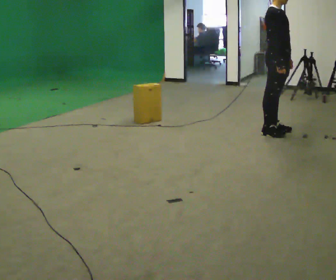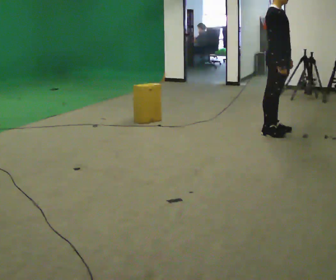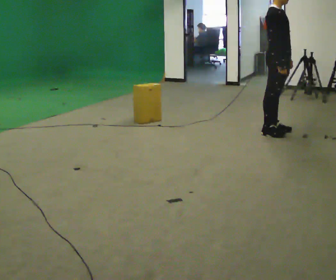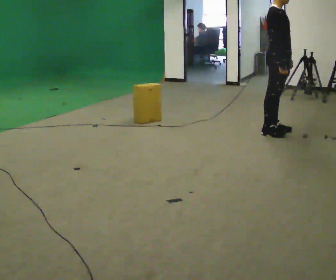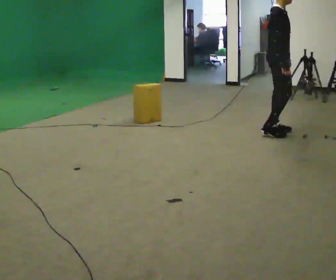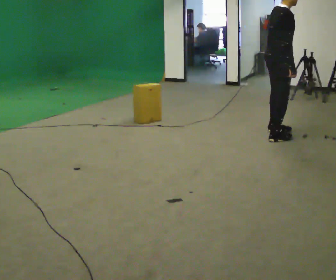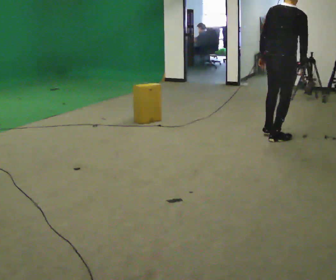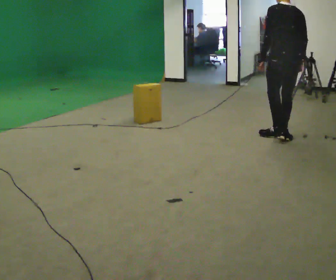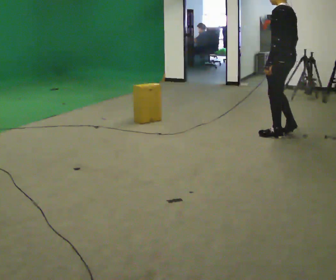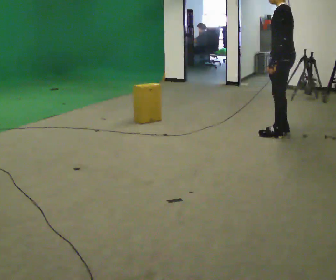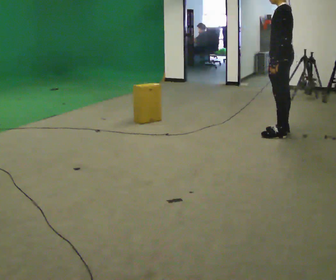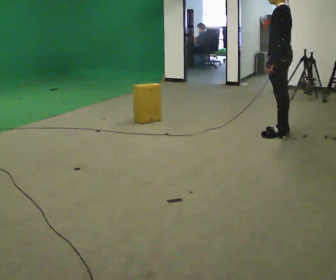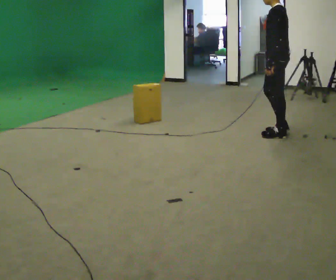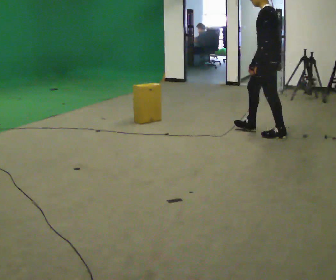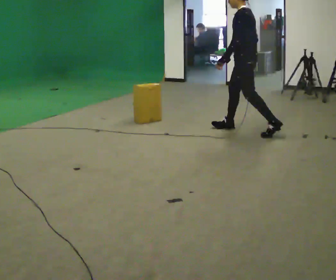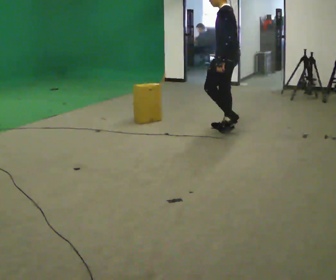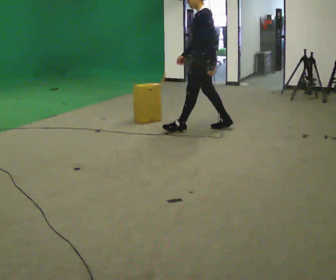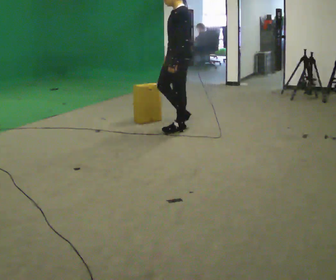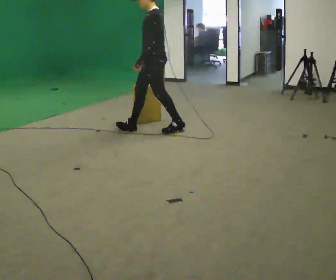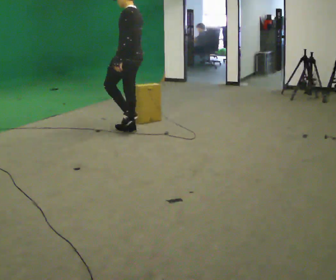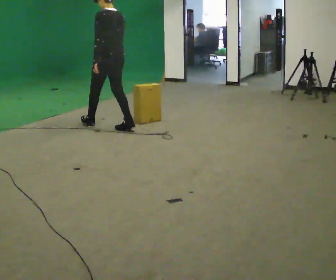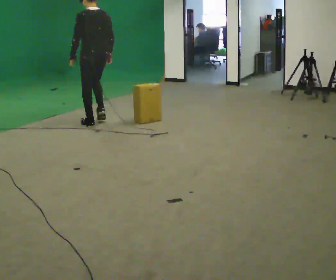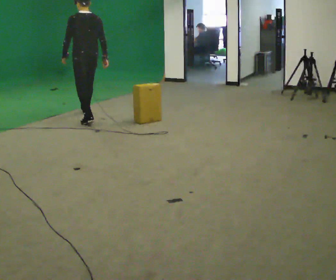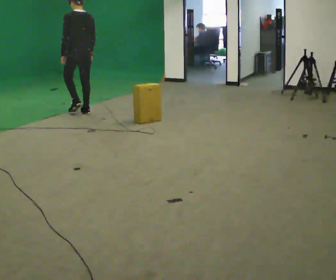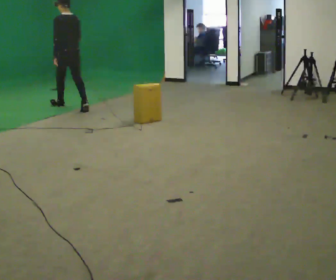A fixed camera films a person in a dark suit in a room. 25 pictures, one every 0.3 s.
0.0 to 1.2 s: The person moves a little, or ends about where they began.
1.2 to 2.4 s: Seen from above the body turns counterclockwise, about 165 degrees: to their left, with its near side sliding to the right.
2.4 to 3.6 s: The person moves a little, or ends about where they began.
3.6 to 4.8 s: In the picture they go to the left, about 1 m in 2 steps, which for them is forward.
4.8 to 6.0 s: Seen from above the body turns clockwise, about 45 degrees: to their right, with its near side sliding to the left. In the picture they go to the left, about 1 m in 2 steps, which for them is forward.
6.0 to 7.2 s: In the picture they go to the left and away from the camera, about 1.5 m in 2 steps, which for them is forward.
The film runs forward here.
